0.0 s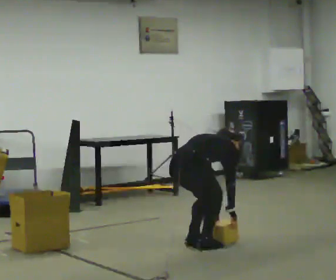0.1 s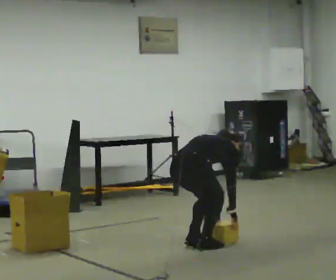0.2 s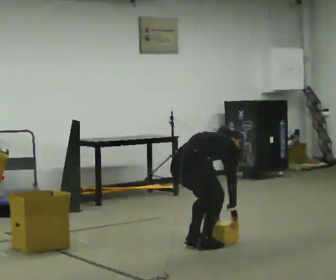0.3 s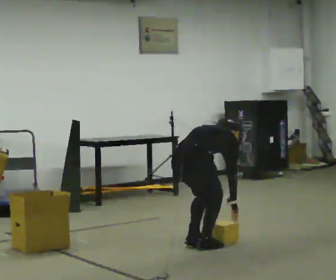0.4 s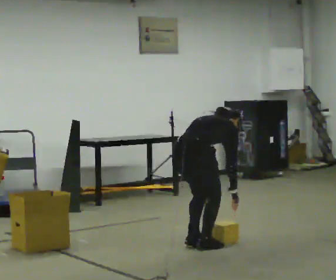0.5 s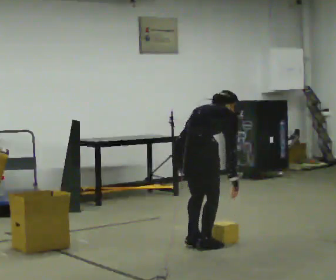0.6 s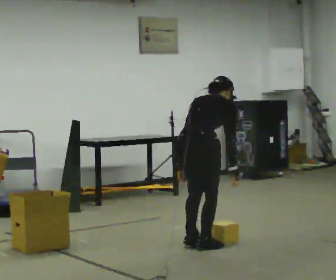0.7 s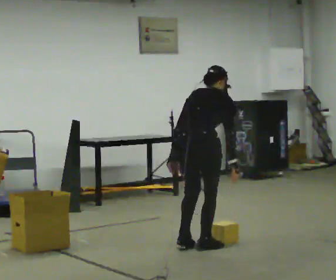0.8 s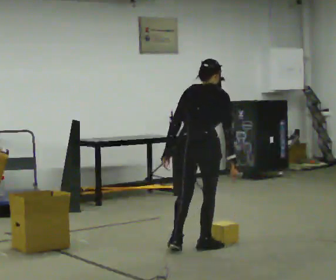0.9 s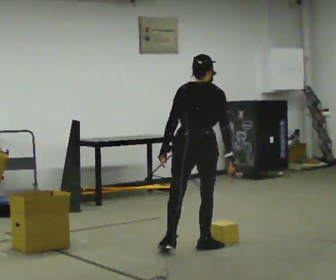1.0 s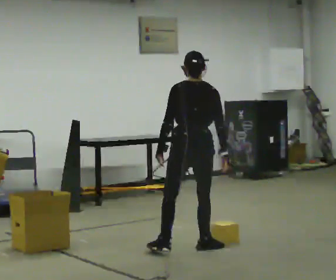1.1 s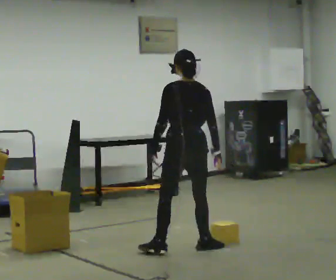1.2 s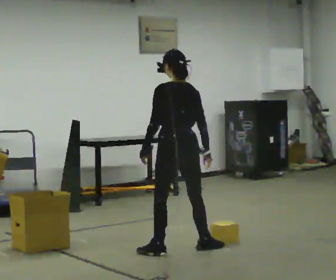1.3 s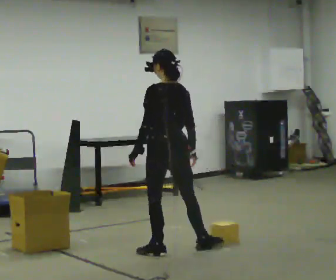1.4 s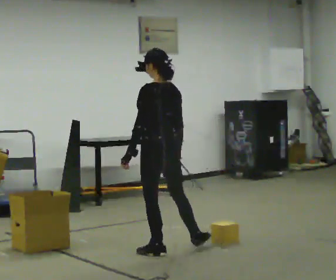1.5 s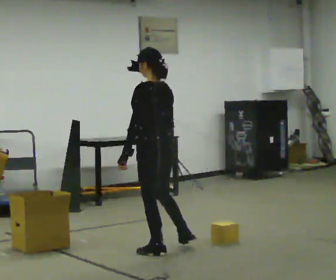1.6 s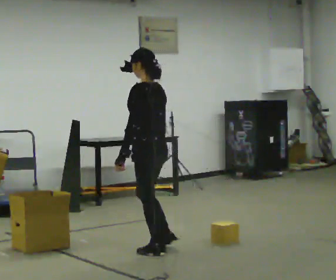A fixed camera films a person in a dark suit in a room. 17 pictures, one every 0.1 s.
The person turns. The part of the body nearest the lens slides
to the right.
Their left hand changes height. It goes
upward.
0.0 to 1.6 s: The person turns about 105 degrees to their left, counterclockwise seen from above, so the part of the body nearest the lens slides to the right. In the picture they go to the left, about 0.25 m in 1 step. The upper body goes upward. In the picture the upper body tilts counterclockwise, shoulders to the left, as they lean back or straighten. In the picture their left hand goes upward.
The film runs forward here.
